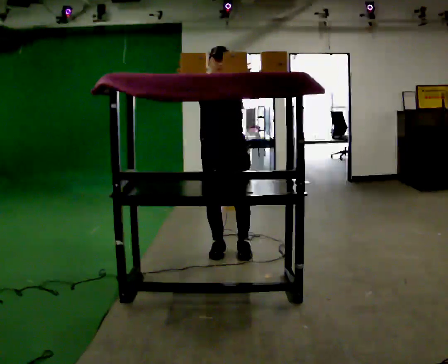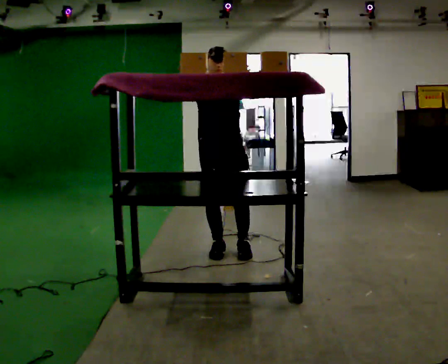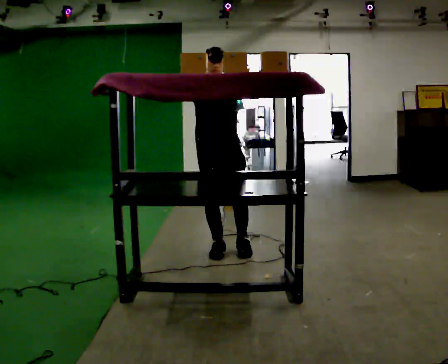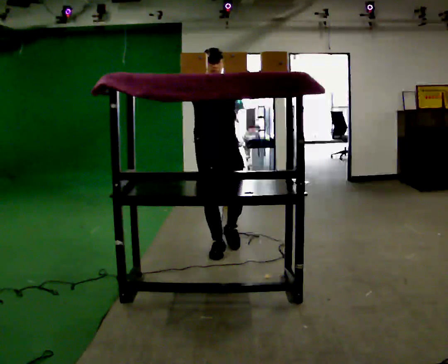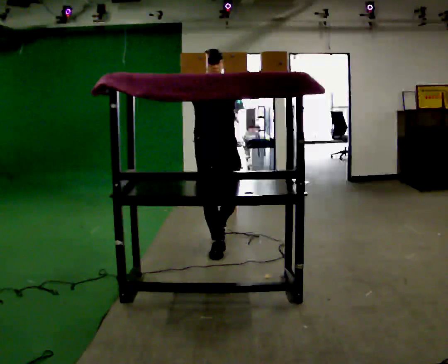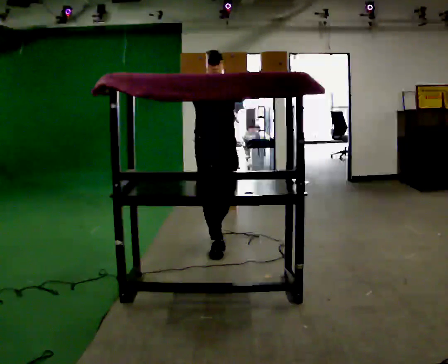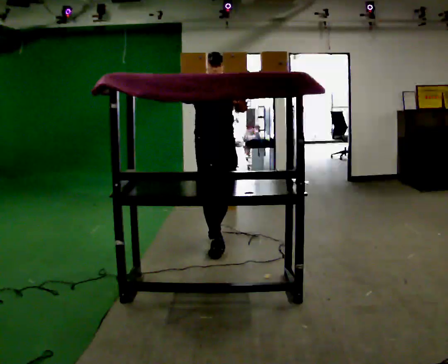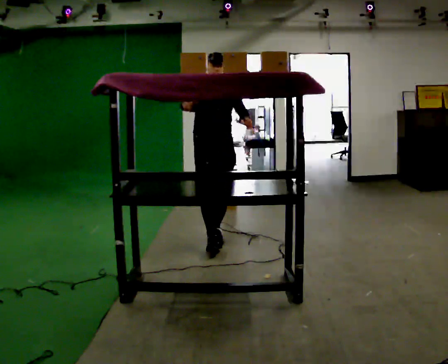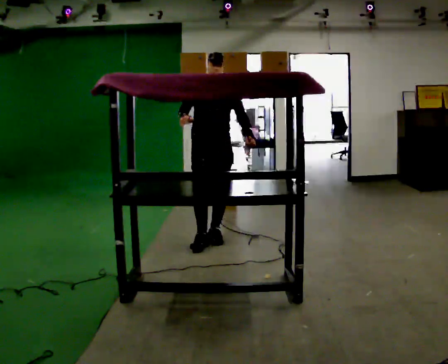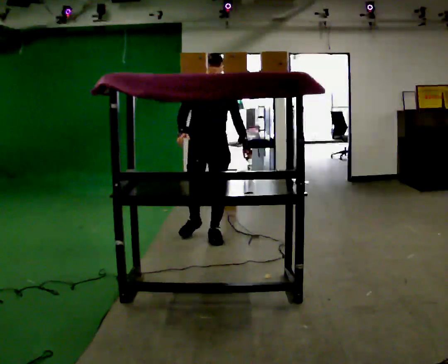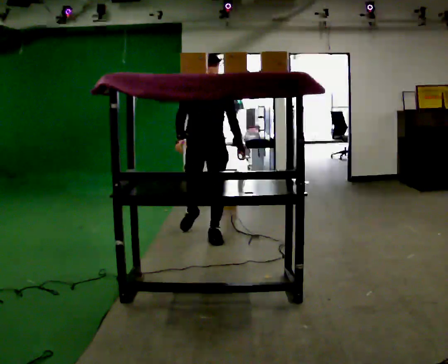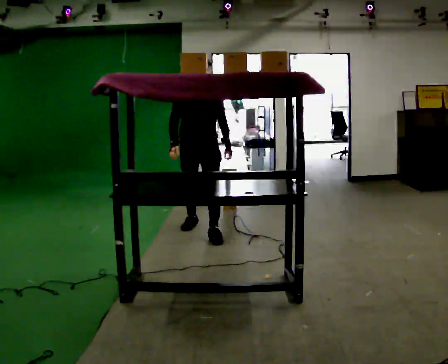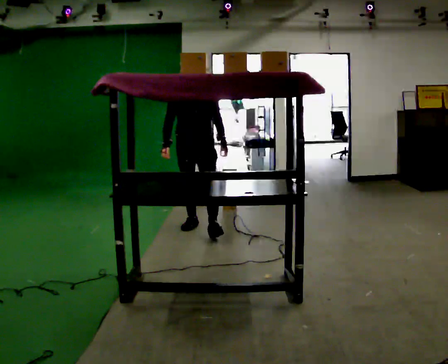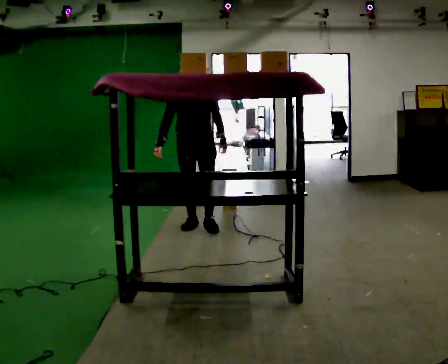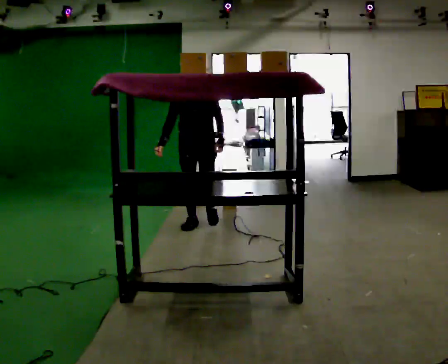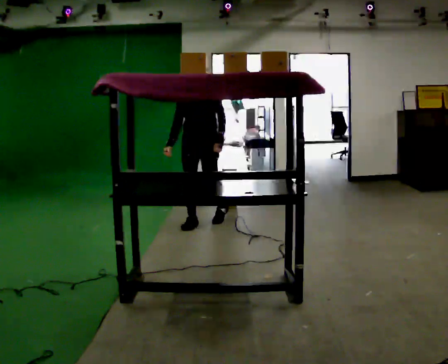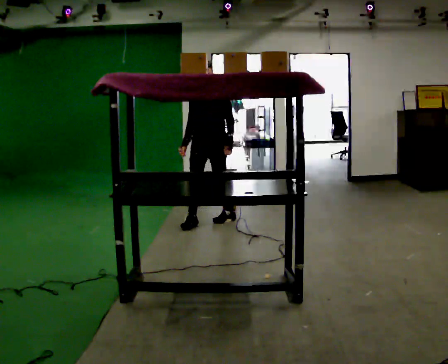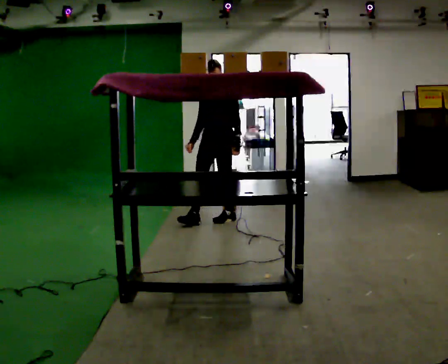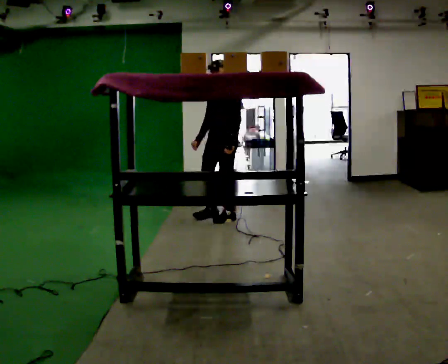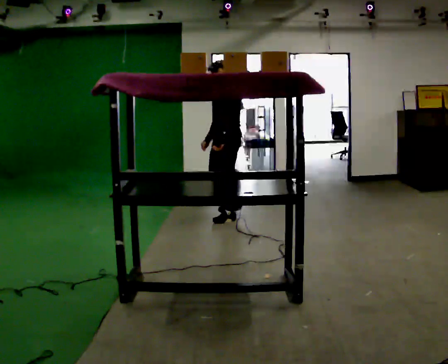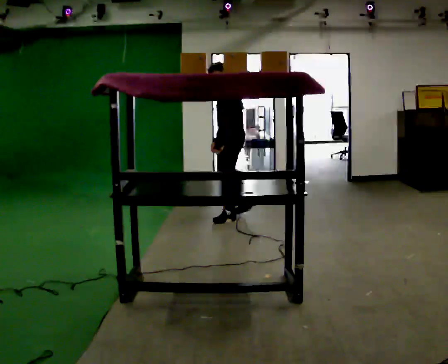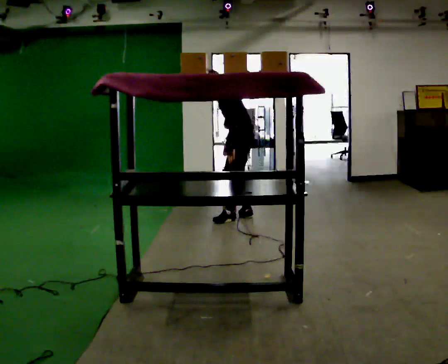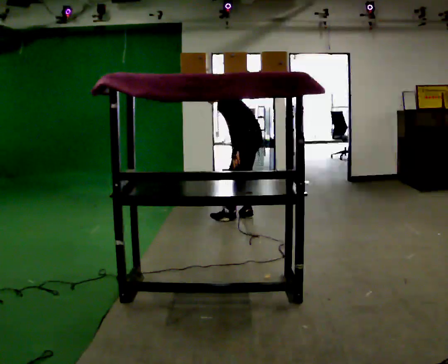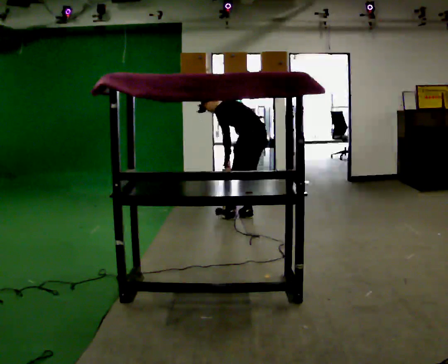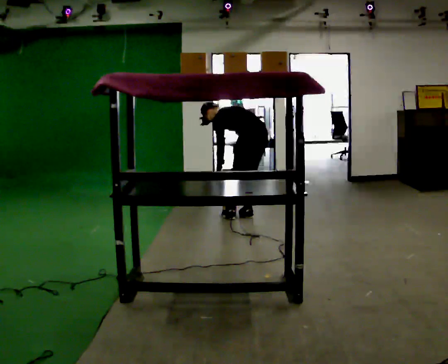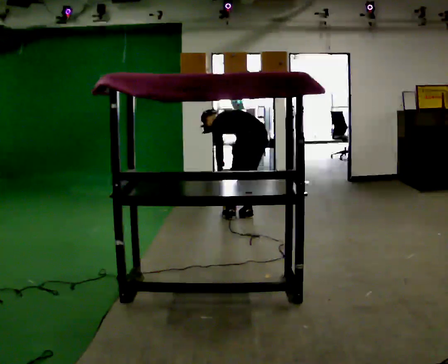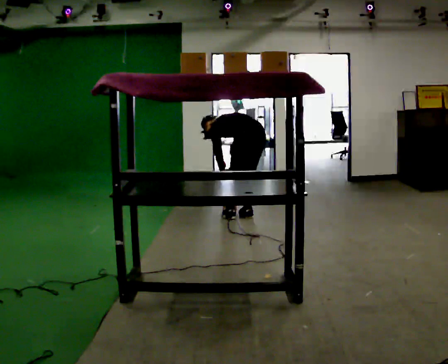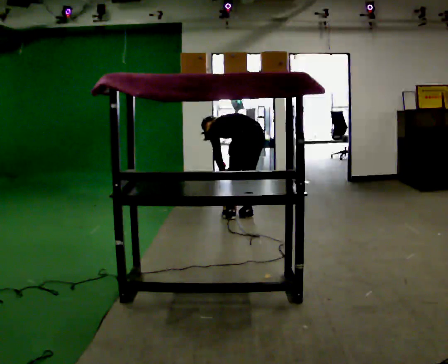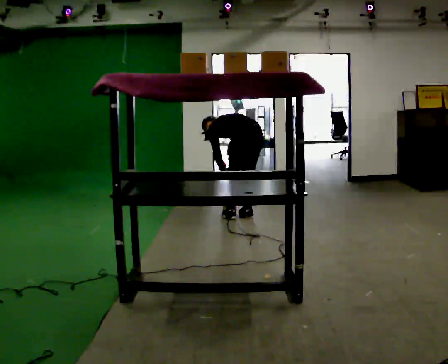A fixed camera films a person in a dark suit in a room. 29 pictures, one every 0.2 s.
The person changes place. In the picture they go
away from the camera.
Their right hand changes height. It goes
downward.
0.0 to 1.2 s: In the picture they go away from the camera, about 0.25 m in 1 step, which for them is backward.
1.2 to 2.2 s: In the picture they go away from the camera, about 0.5 m in 1 step, which for them is backward. In the picture their left hand goes downward.
2.2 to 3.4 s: The part of the body nearest the lens slides to the left as the person turns to their right by about 45 degrees. In the picture they go away from the camera and to the right, about 0.5 m in 2 steps, which for them is backward.
3.4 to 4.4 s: Seen from above the body turns clockwise, about 75 degrees: to their right, with its near side sliding to the left. In the picture they go to the right, about 0.5 m. In the picture the upper body tilts counterclockwise, shoulders to the left, as they bend forward.
4.4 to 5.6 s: The person turns about 45 degrees to their right, clockwise seen from above, so the part of the body nearest the lens slides to the left. The shoulders move downward. The upper body tips away from the camera, its near side rolling upward, as they bend forward.
The film runs backward here.
